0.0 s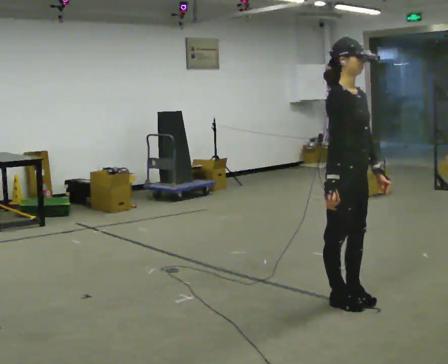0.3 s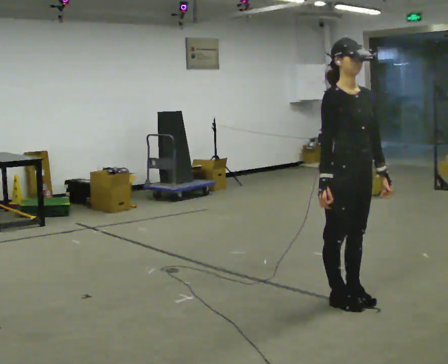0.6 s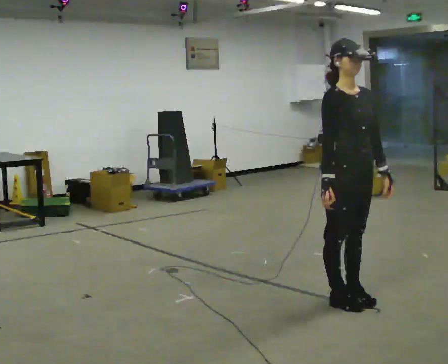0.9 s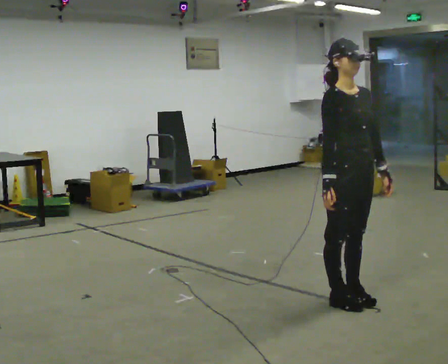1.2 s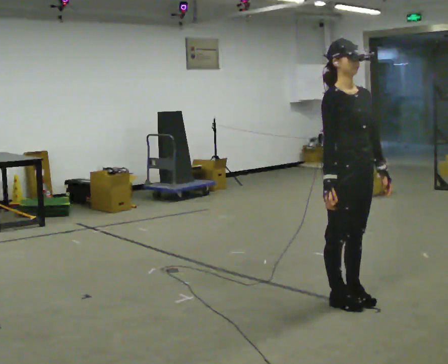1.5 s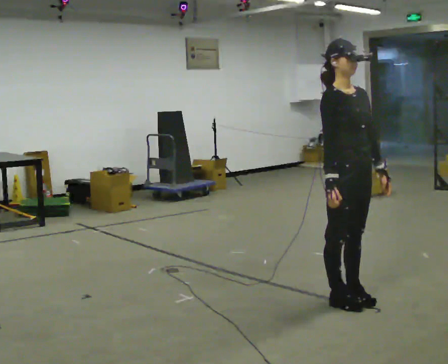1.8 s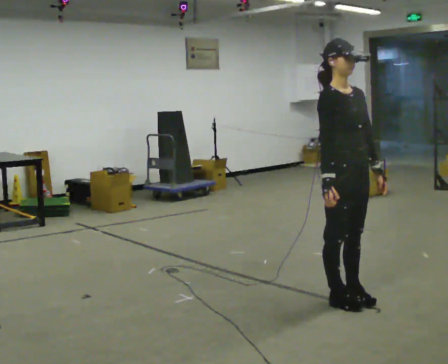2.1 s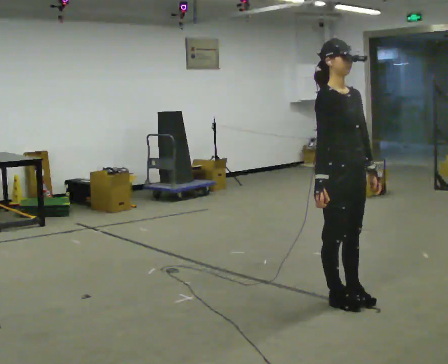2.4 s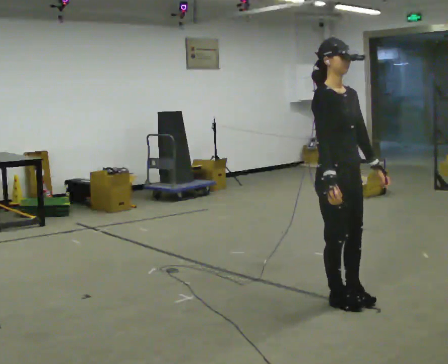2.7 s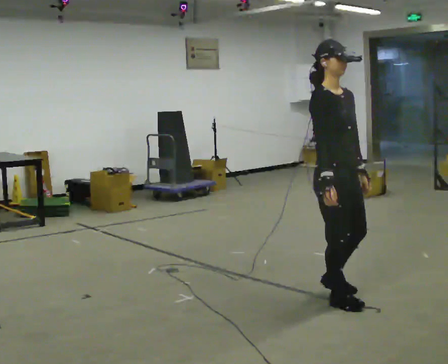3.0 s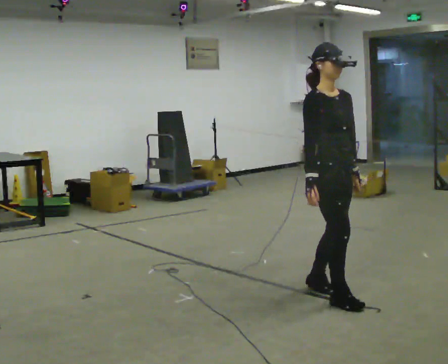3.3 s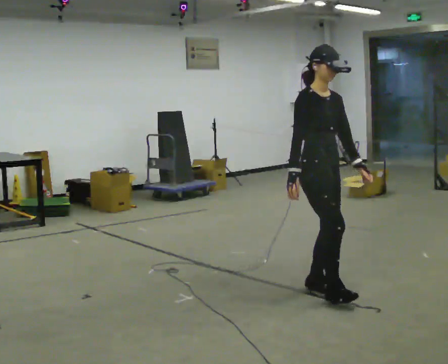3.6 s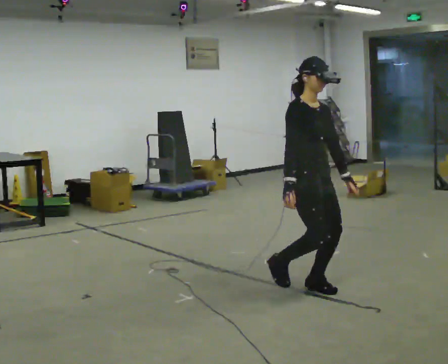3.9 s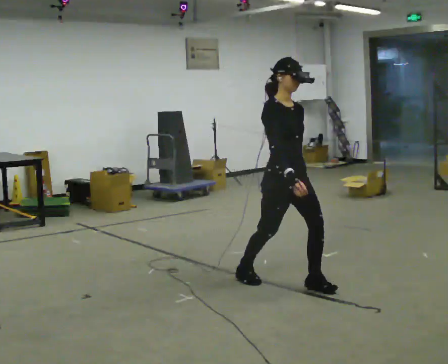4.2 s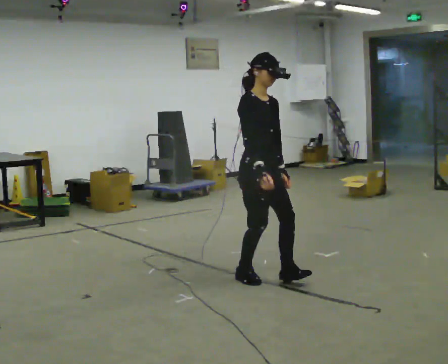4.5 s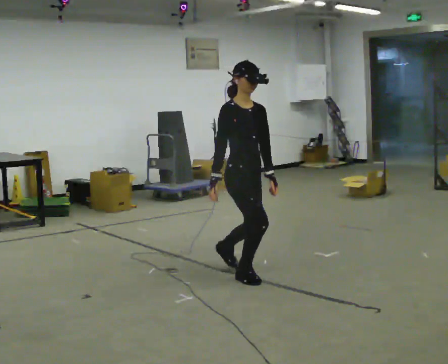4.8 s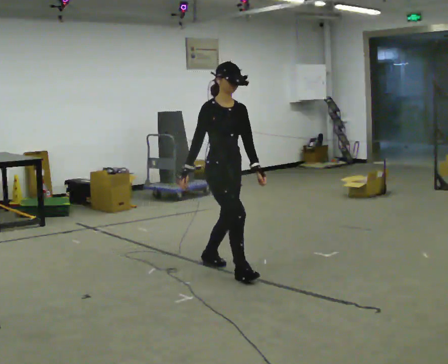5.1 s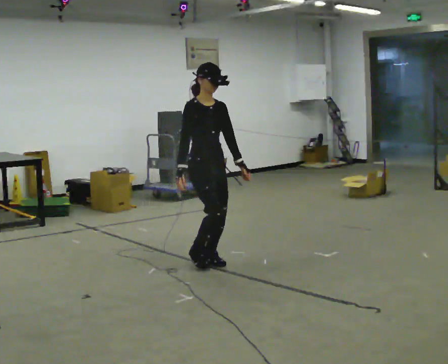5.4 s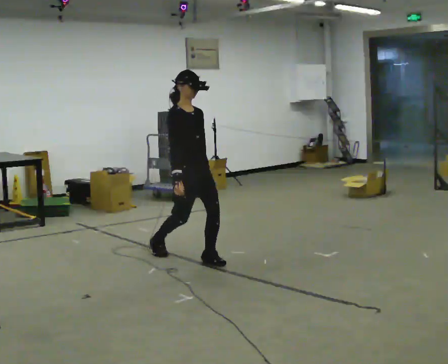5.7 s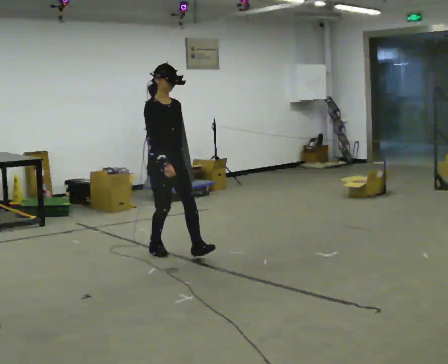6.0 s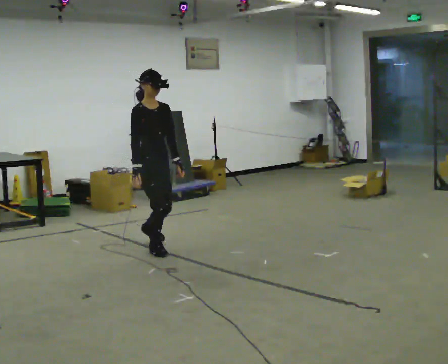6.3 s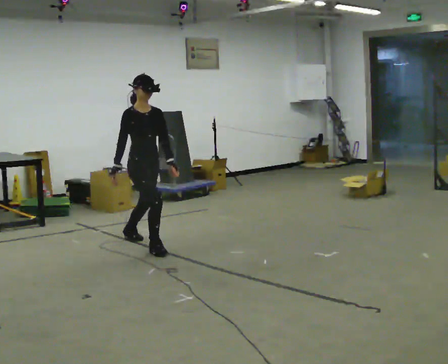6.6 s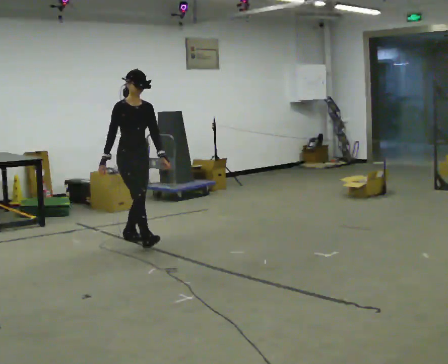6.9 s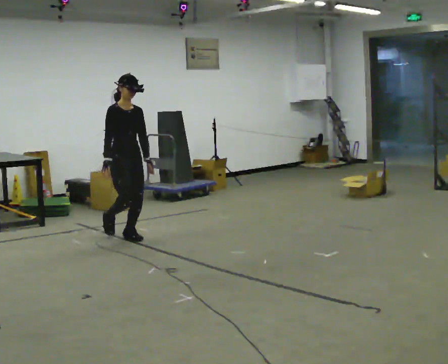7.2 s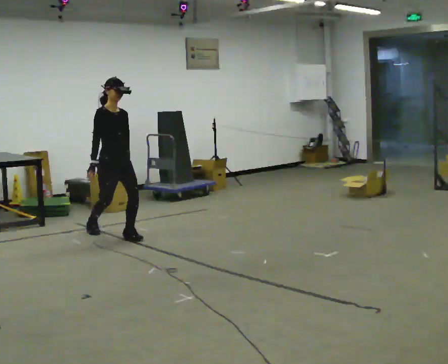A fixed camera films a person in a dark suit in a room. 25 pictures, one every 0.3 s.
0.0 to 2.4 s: The person moves a little, or ends about where they began.
2.4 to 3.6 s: In the picture they go away from the camera and to the left, about 0.25 m in 2 steps, which for them is backward.
3.6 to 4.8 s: In the picture they go to the left and away from the camera, about 1 m in 1 step, which for them is backward.
4.8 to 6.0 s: In the picture they go to the left and away from the camera, about 1 m in 2 steps, which for them is backward.
6.0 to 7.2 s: In the picture they go to the left and away from the camera, about 0.5 m in 1 step, which for them is backward.
The film runs backward here.
